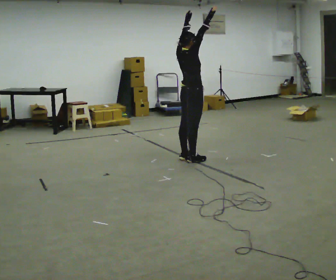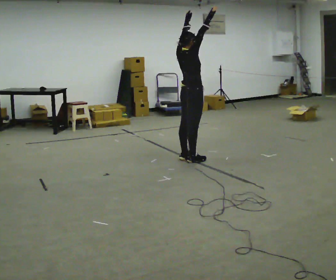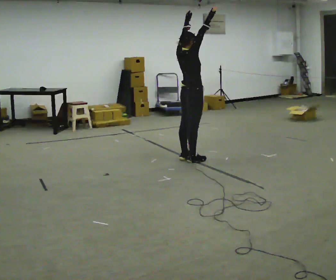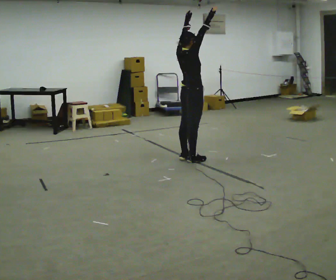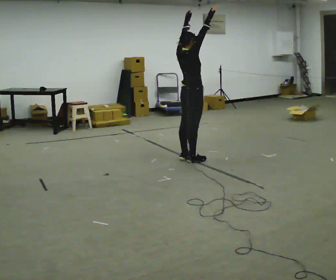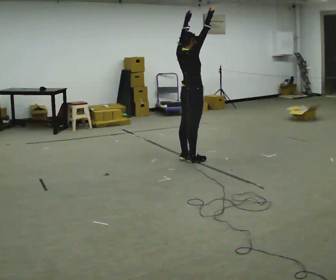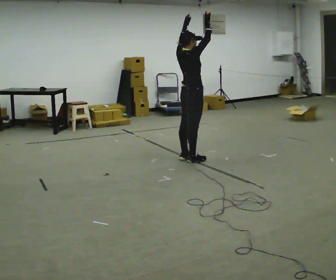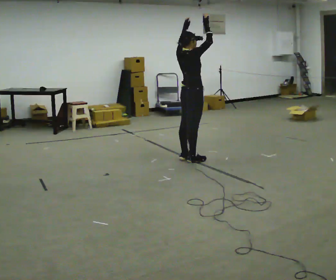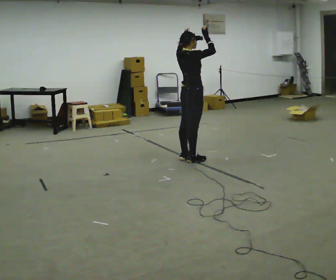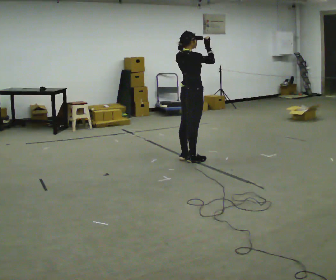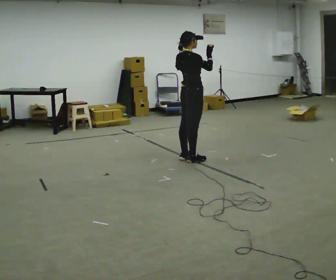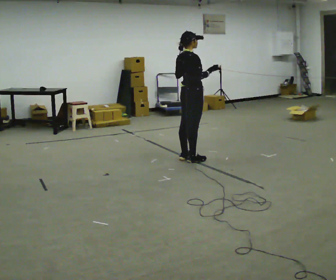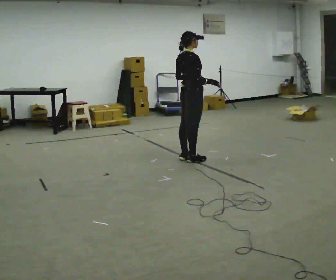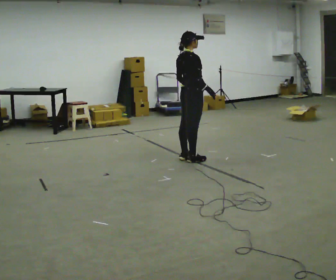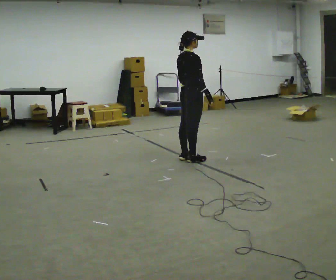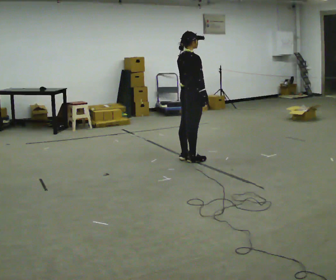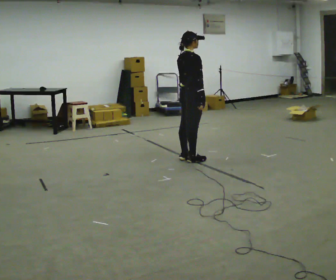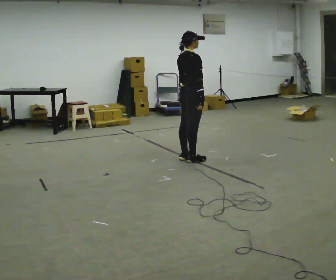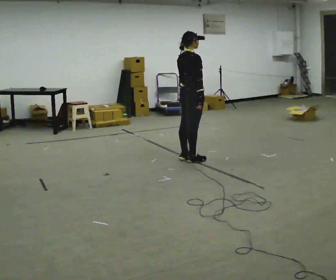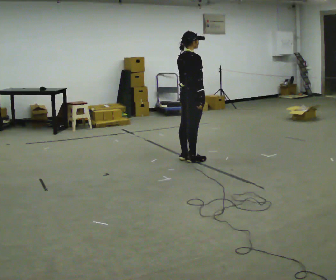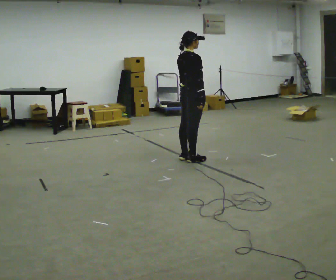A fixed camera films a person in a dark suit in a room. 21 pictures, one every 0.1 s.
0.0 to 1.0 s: In the picture their left hand goes downward.
1.0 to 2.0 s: In the picture their left hand goes downward.
The film runs forward here.
